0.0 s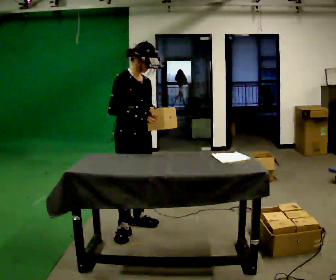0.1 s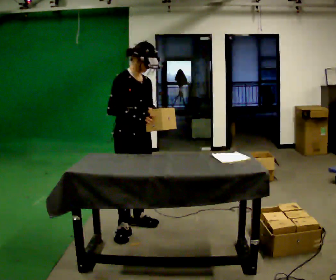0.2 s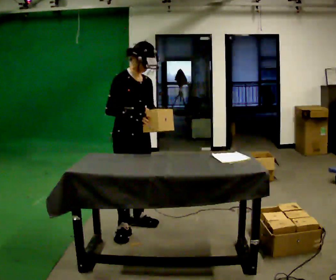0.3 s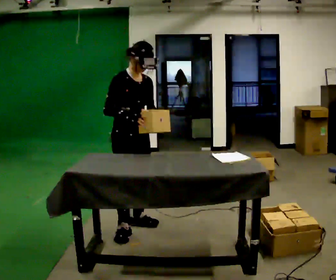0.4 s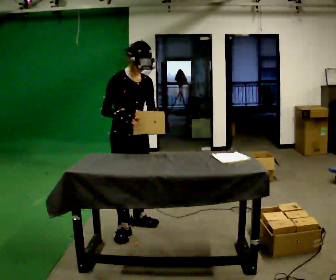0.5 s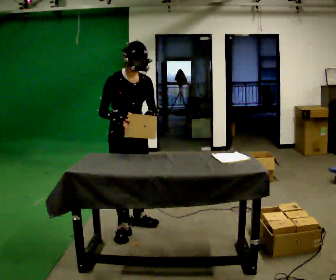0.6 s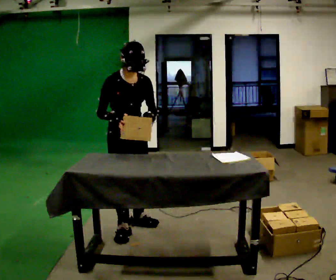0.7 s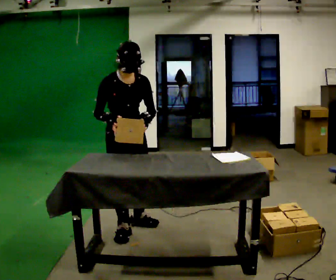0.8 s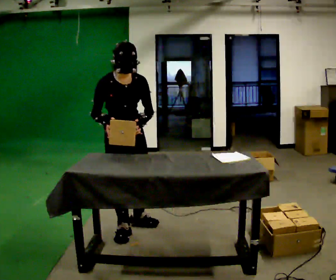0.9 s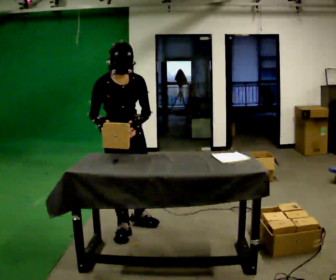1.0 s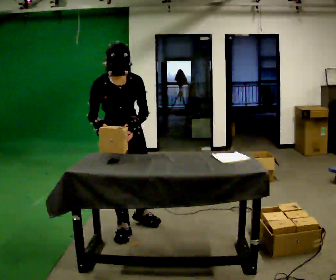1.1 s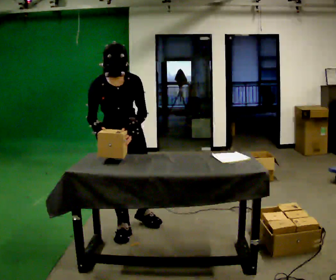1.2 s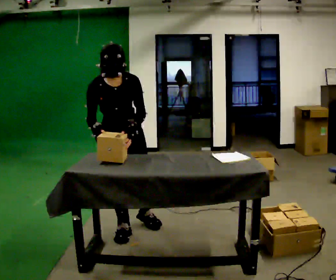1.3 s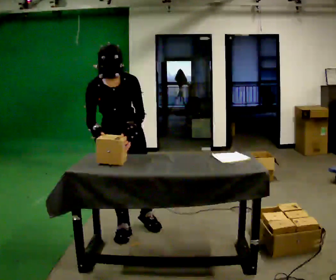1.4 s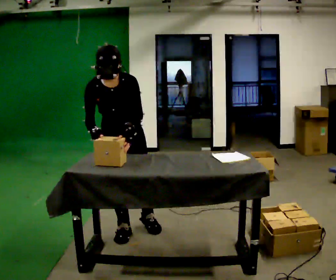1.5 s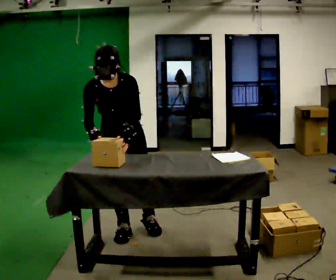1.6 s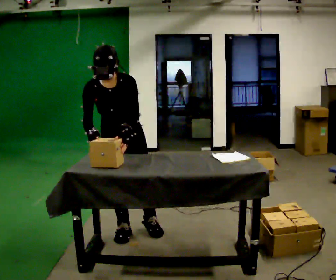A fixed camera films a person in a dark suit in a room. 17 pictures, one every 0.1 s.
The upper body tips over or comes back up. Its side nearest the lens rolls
downward.
0.0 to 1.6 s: Seen from above the body turns clockwise, about 45 degrees: to their right, with its near side sliding to the left. In the picture they go toward the camera, about 0.25 m in 1 step, which for them is to their right. The upper body tips toward the camera, its near side rolling downward, as they bend forward.
The film runs backward here.
